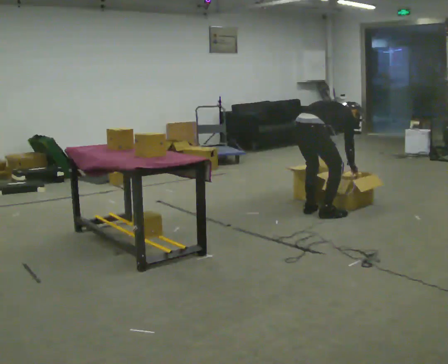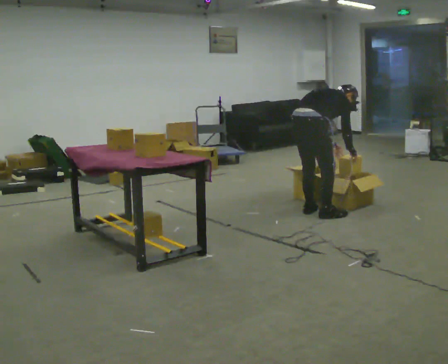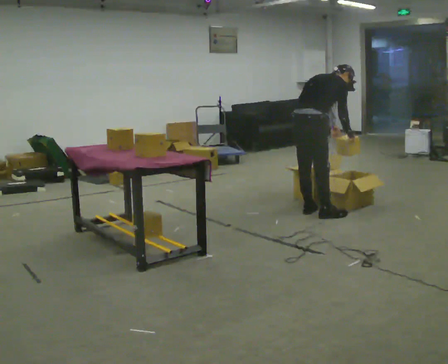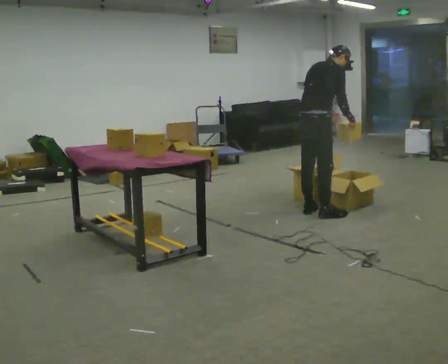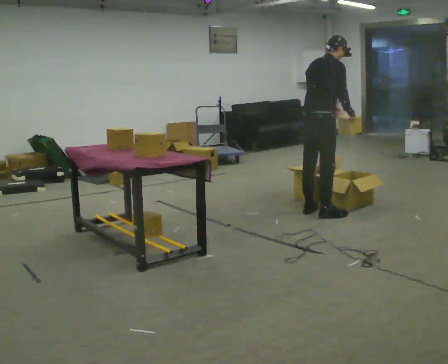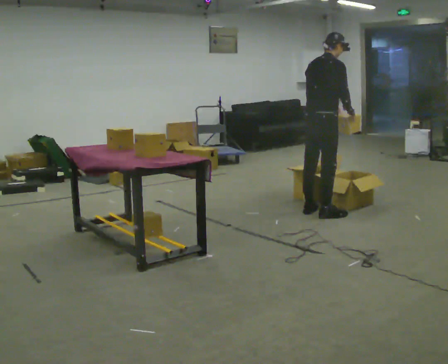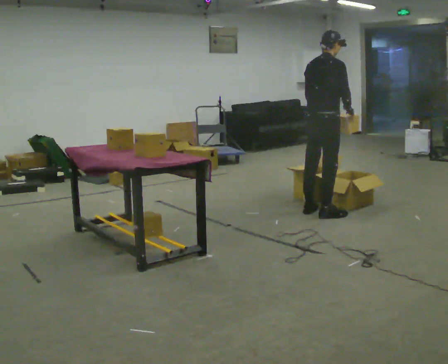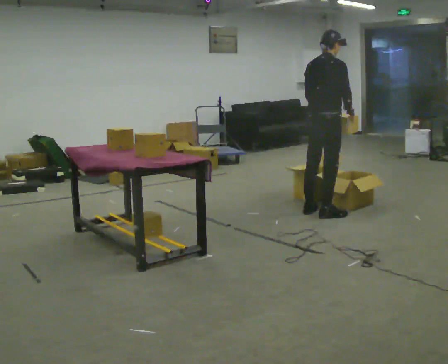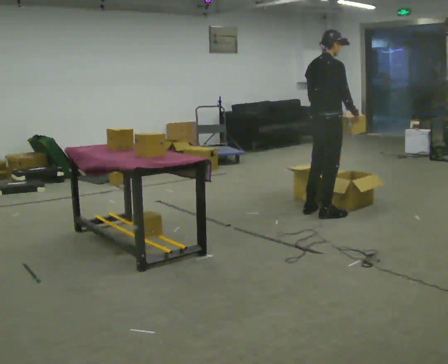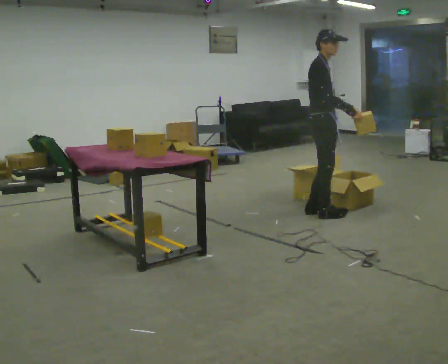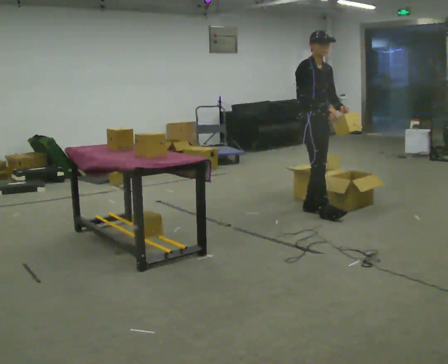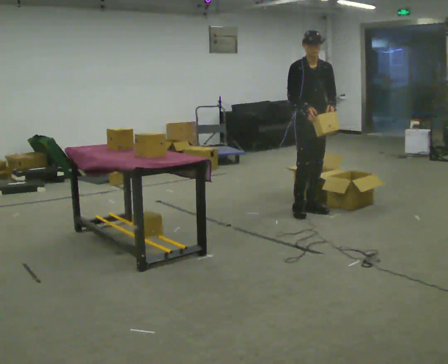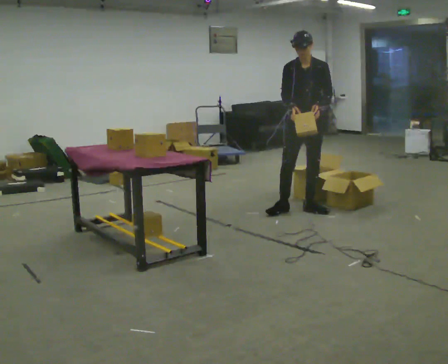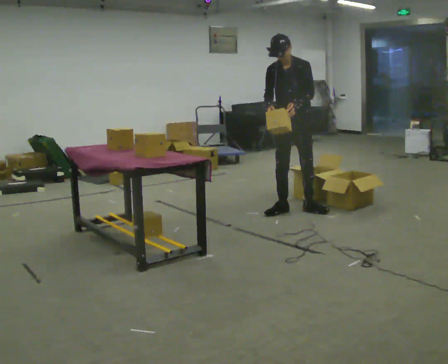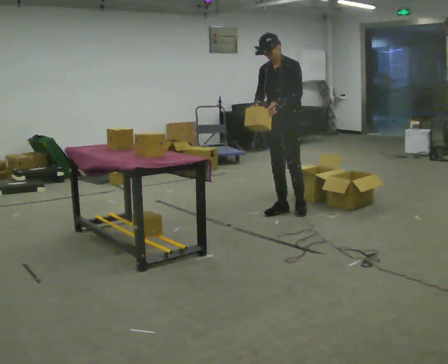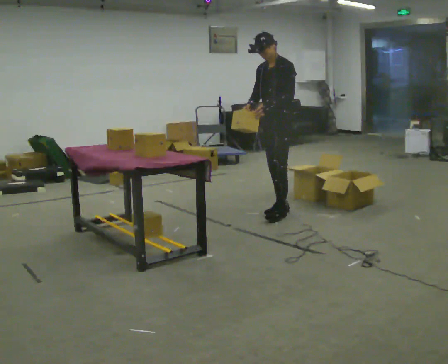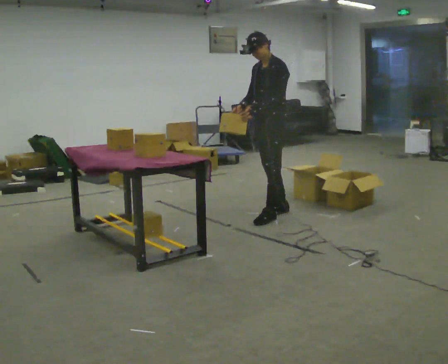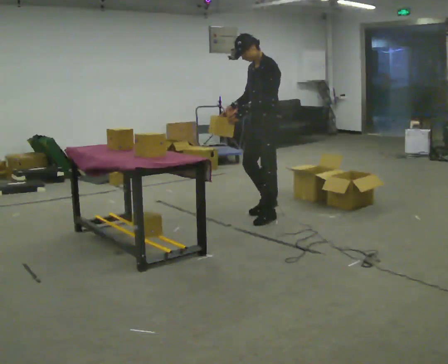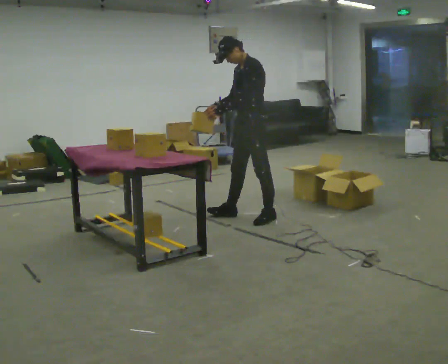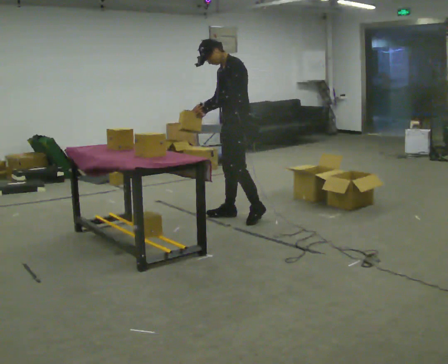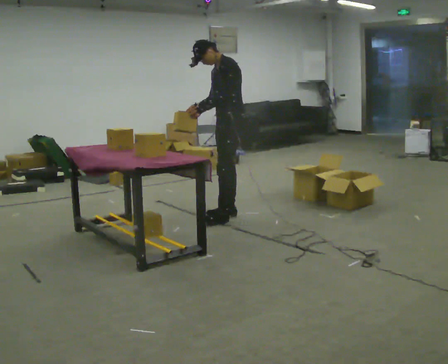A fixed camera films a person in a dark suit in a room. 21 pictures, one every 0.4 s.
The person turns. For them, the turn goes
to their right.
The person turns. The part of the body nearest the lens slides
to the left.
0.0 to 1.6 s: The shoulders move upward. The upper body tips toward the camera, its near side rolling downward, as they lean back or straighten. In the picture their left hand goes upward.
1.6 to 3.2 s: The person moves a little, or ends about where they began.
3.2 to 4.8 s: The person turns about 135 degrees to their right, clockwise seen from above, so the part of the body nearest the lens slides to the left. In the picture they go away from the camera, about 0.25 m in 1 step.
4.8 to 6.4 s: The person turns about 45 degrees to their right, clockwise seen from above, so the part of the body nearest the lens slides to the left. In the picture they go to the left and toward the camera, about 0.5 m in 1 step, which for them is forward.
6.4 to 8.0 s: In the picture they go to the left, about 0.25 m in 1 step, which for them is forward and to their right.
The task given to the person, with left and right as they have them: 1. Look at the shelf and see which spaces are empty. 2. Find matching items in the bins on the floor. 3. Fill the empty spaces on the shelf. 4. Tell the operator when you are finished.
The film runs forward here.
